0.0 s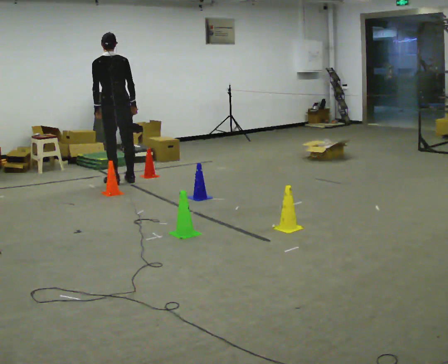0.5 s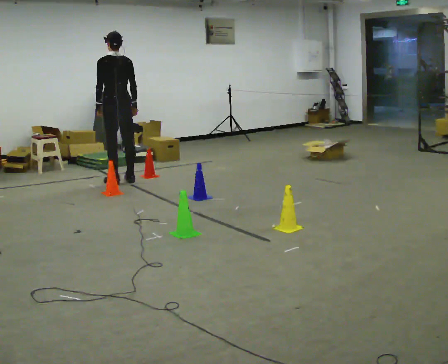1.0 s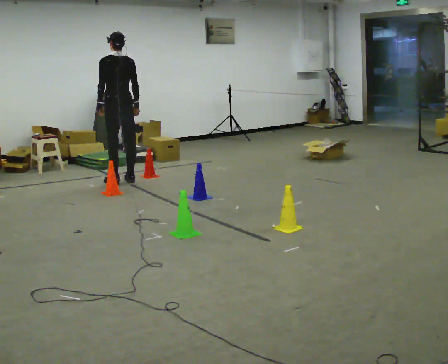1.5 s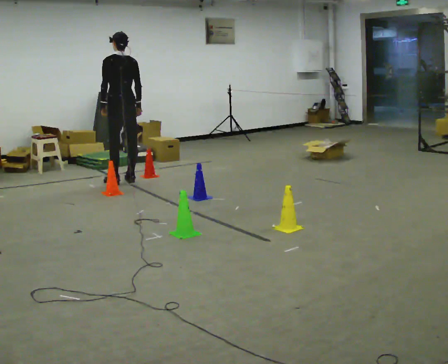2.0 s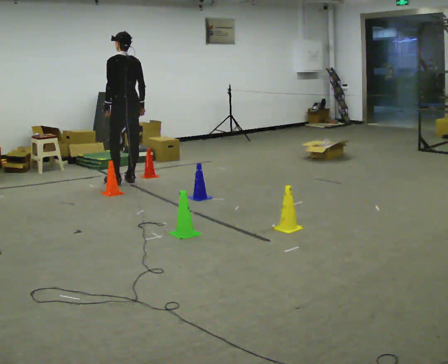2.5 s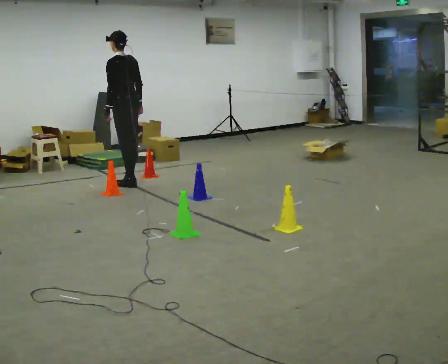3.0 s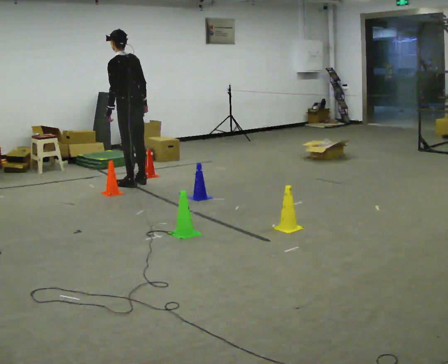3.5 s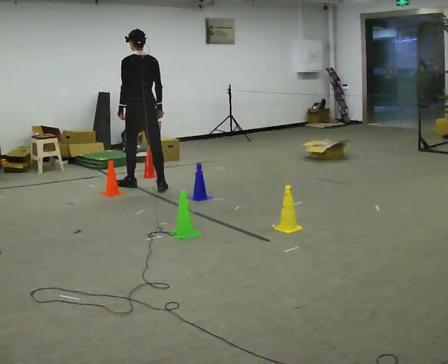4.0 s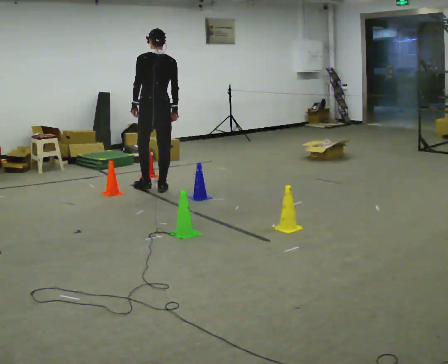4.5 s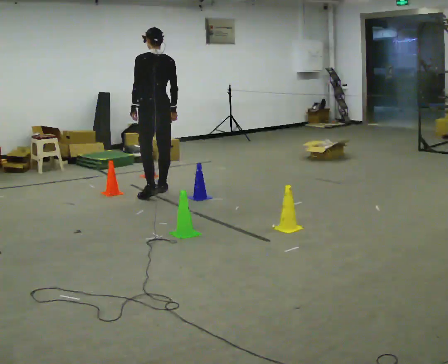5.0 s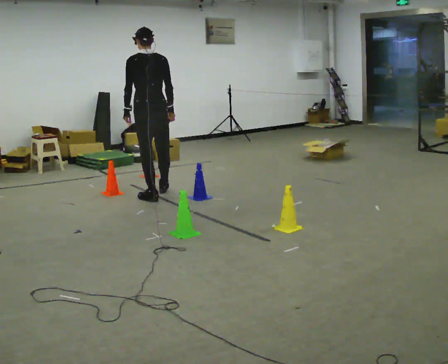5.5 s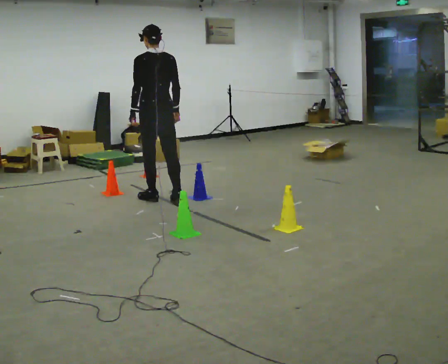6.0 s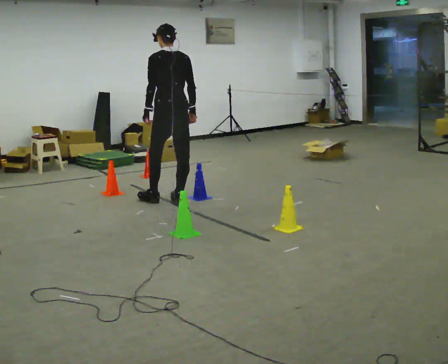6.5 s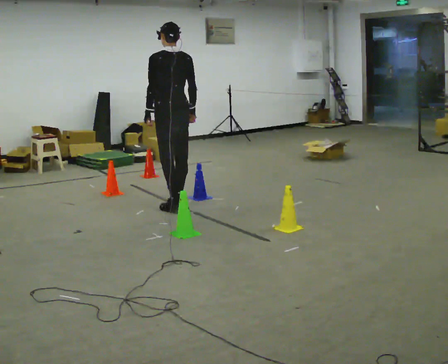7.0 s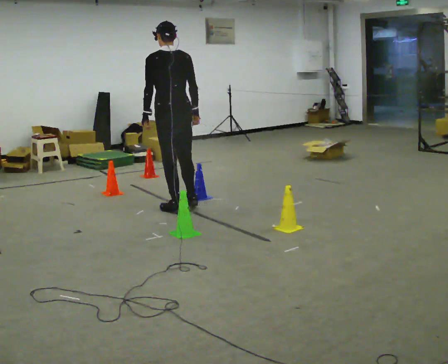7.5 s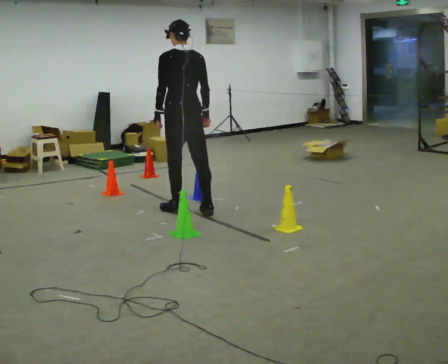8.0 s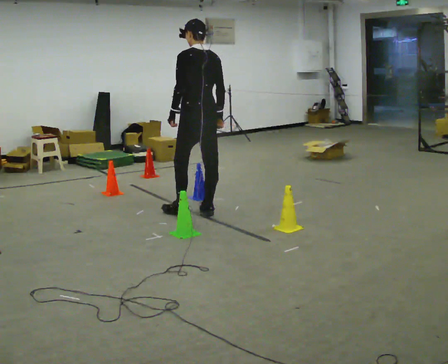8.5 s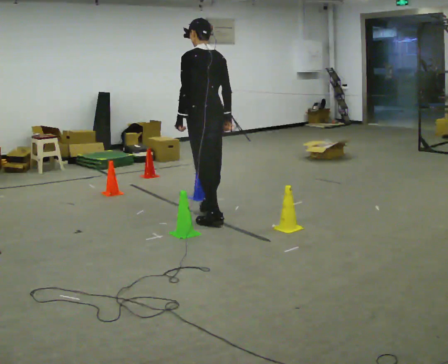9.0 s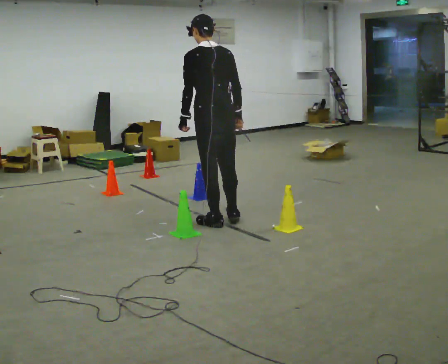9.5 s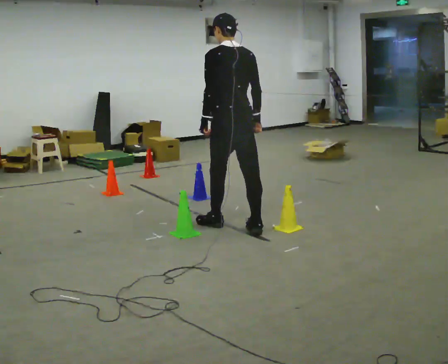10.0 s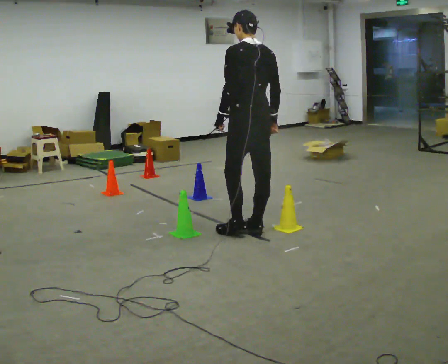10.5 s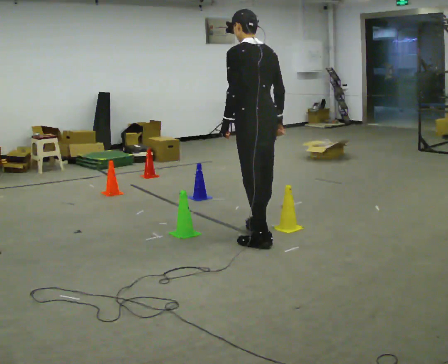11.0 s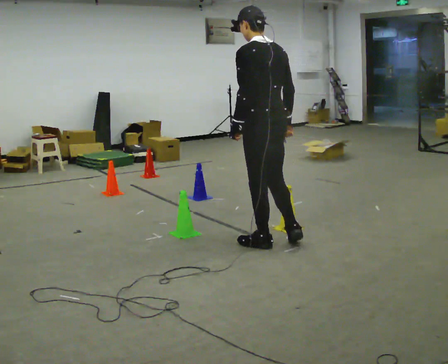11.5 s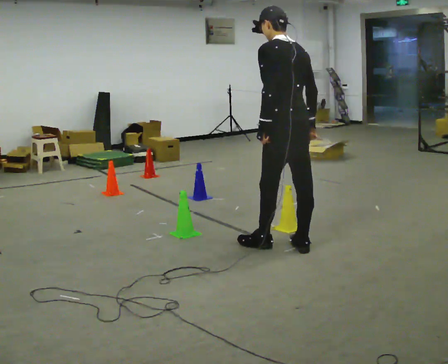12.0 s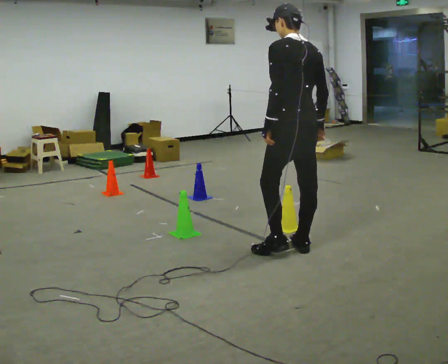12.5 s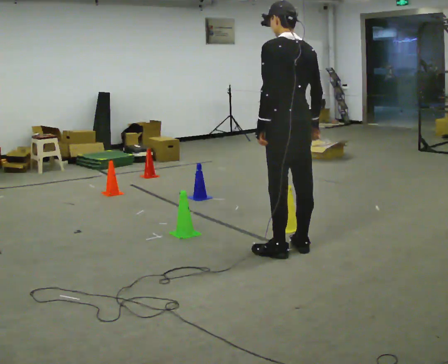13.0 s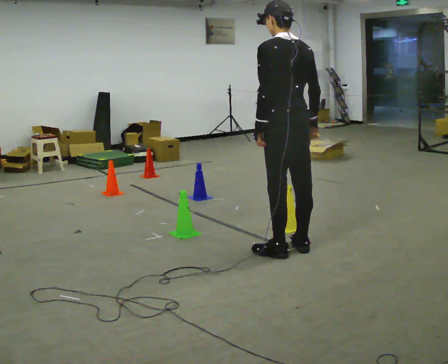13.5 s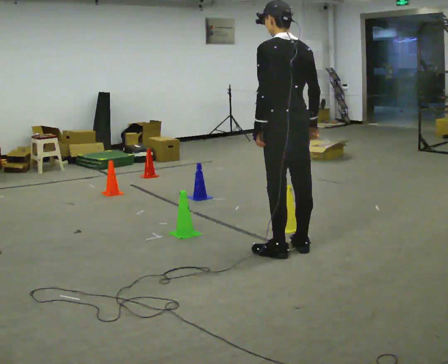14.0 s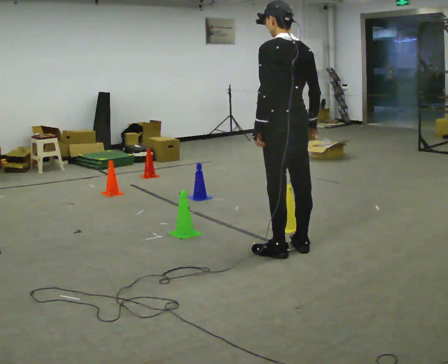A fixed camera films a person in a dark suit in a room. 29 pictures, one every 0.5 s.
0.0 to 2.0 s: The person moves a little, or ends about where they began.
2.0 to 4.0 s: In the picture they go toward the camera and to the right, about 0.5 m in 2 steps, which for them is backward.
4.0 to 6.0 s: In the picture they go toward the camera, about 0.5 m in 2 steps, which for them is backward.
6.0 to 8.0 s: In the picture they go toward the camera and to the right, about 0.5 m in 2 steps, which for them is backward.
8.0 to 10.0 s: In the picture they go toward the camera and to the right, about 0.75 m in 2 steps, which for them is backward.
10.0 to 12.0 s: In the picture they go toward the camera and to the right, about 0.5 m in 2 steps, which for them is backward.
12.0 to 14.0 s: The person moves a little, or ends about where they began.
The film runs backward here.
